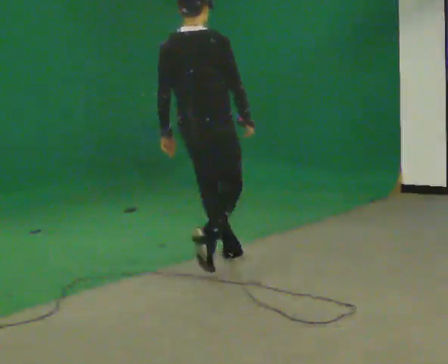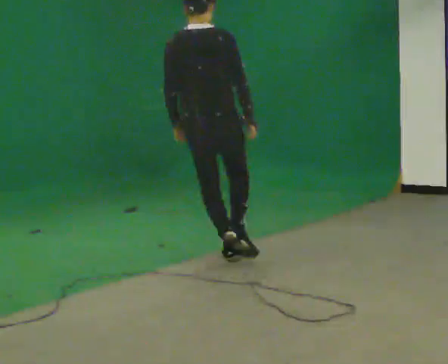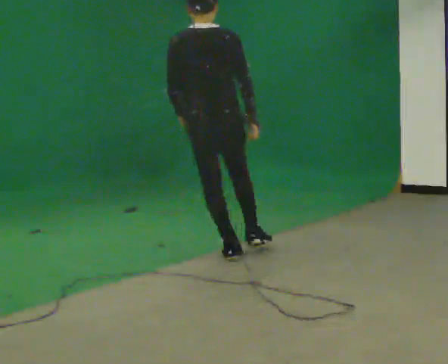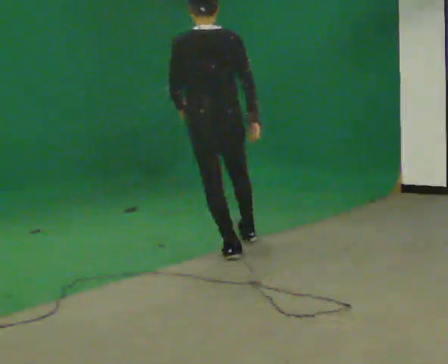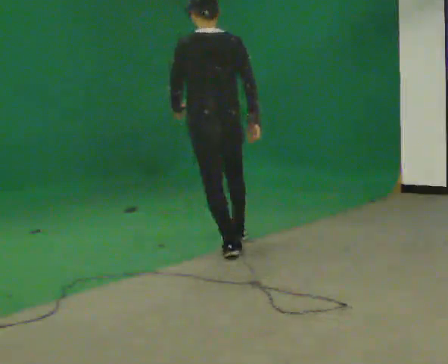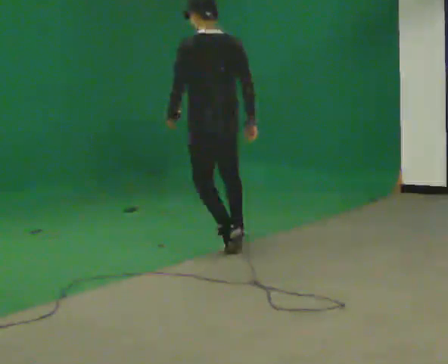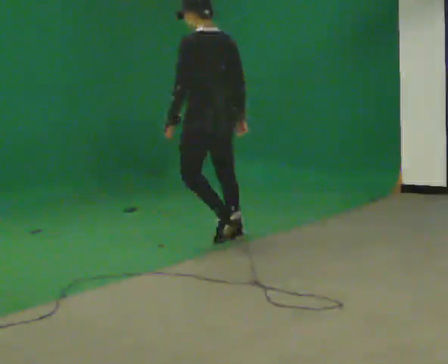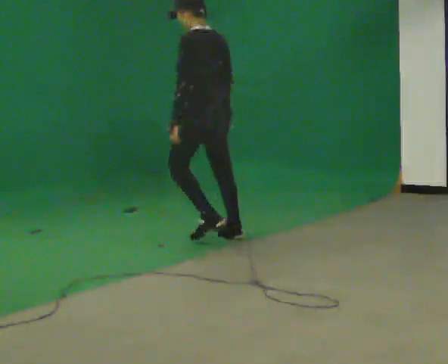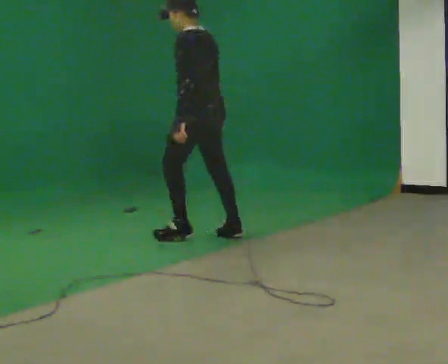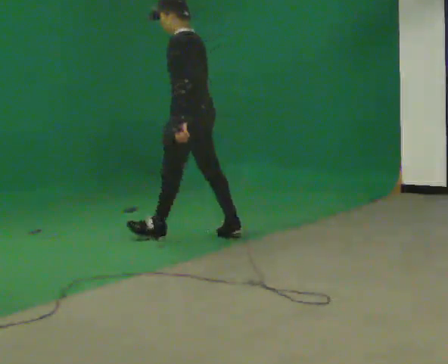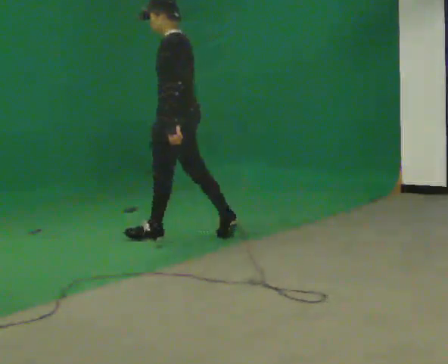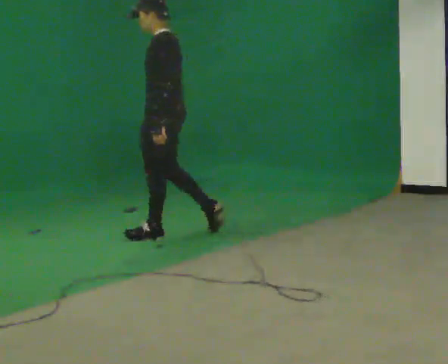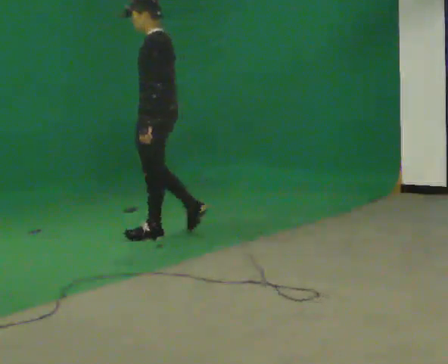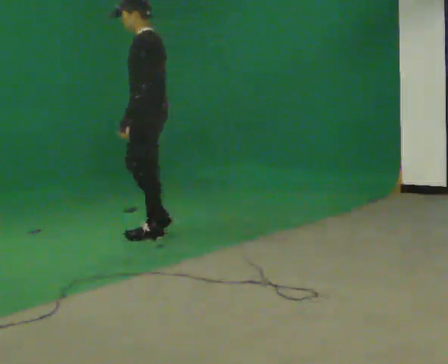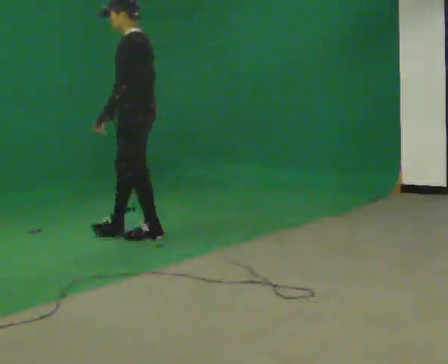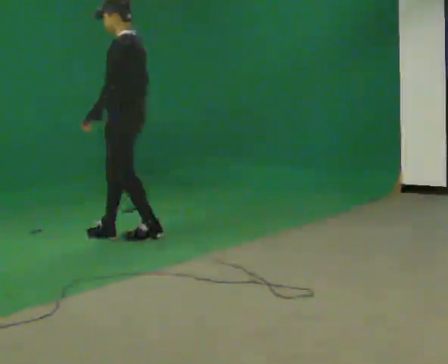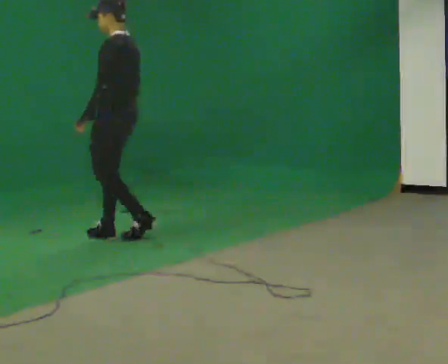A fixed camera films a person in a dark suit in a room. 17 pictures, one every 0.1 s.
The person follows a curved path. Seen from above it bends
counterclockwise.
The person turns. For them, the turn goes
to their left.
0.0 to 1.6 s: Seen from above the body turns counterclockwise, about 105 degrees: to their left, with its near side sliding to the right. In the picture they go away from the camera and to the left, about 1 m in 3 steps.
The film runs forward here.
